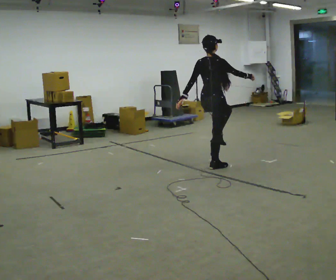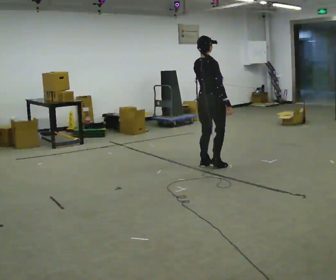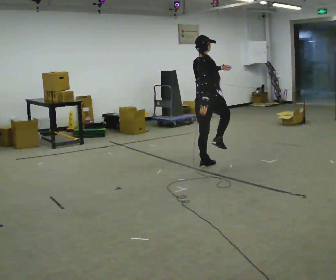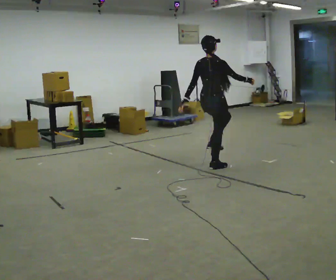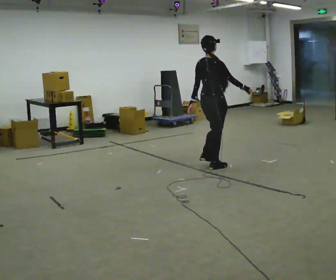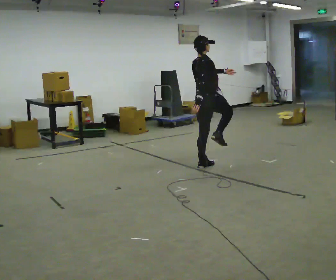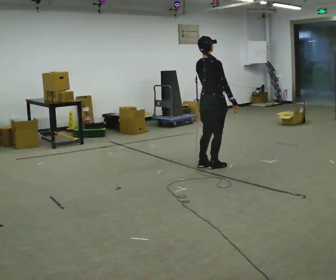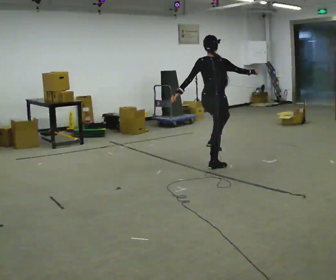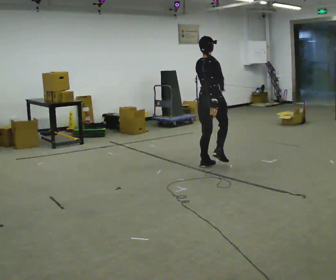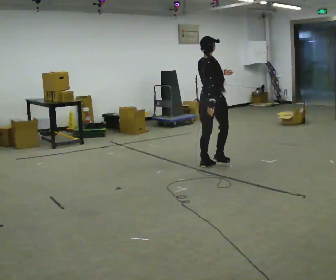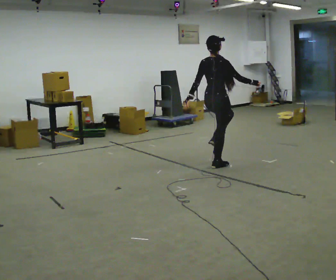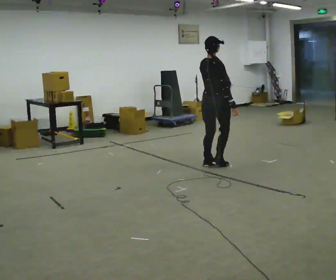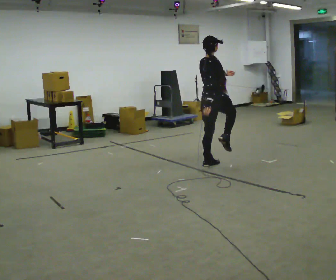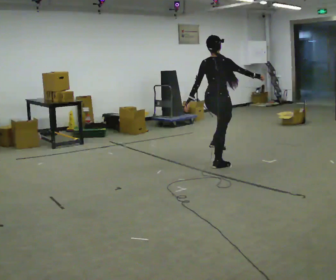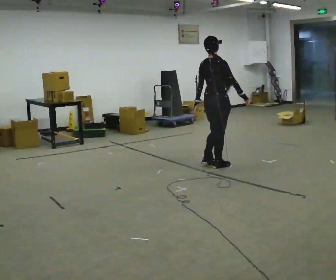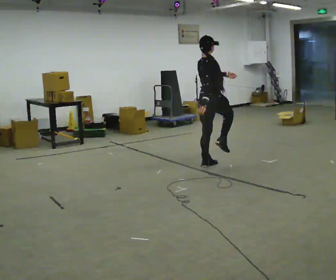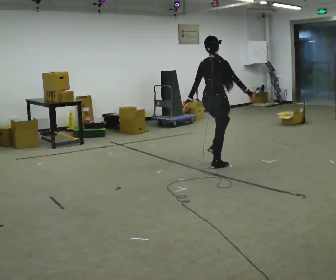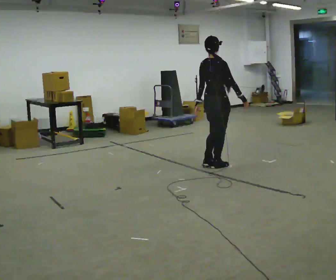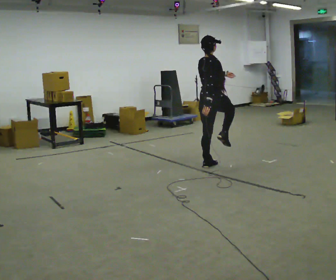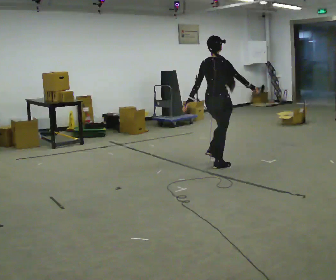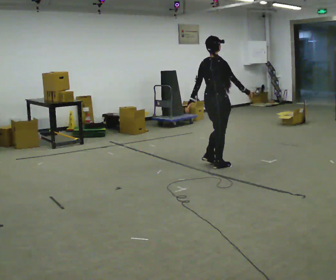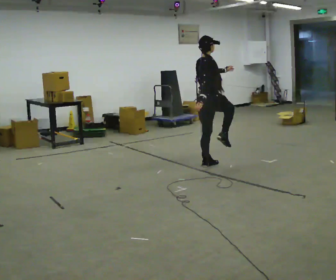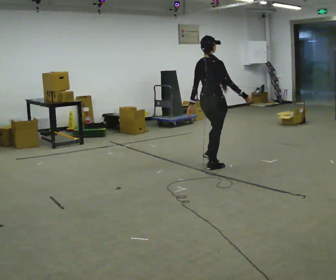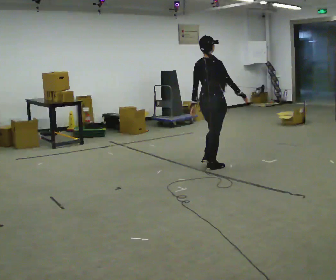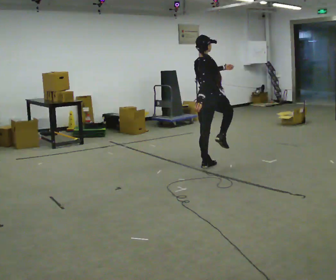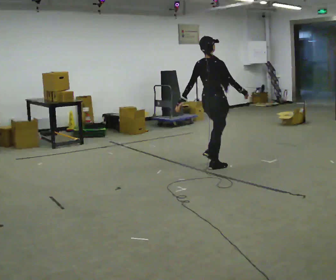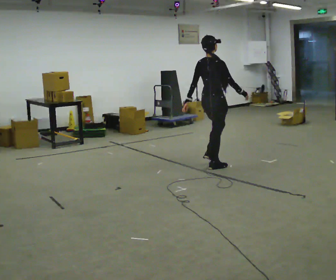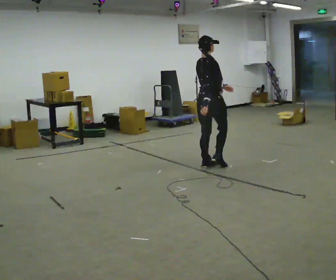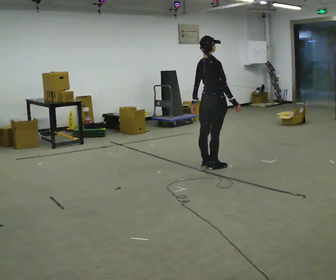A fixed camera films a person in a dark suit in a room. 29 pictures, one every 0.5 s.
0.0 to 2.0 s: The person moves a little, or ends about where they began.
2.0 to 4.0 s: In the picture their right hand goes to the left.
4.0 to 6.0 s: The person moves a little, or ends about where they began.
6.0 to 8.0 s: In the picture their left hand goes to the left.
8.0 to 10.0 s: The person moves a little, or ends about where they began.
10.0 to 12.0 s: In the picture their left hand goes upward and to the right.
12.0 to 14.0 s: In the picture their left hand goes downward and to the left.
The film runs forward here.
